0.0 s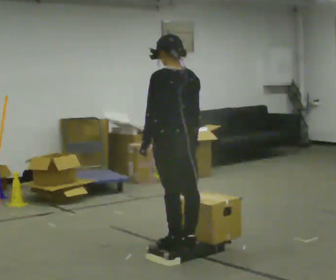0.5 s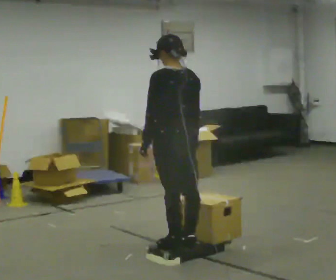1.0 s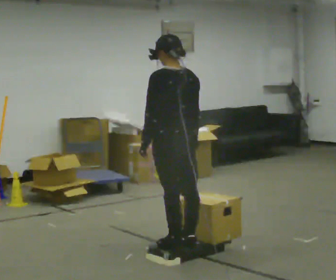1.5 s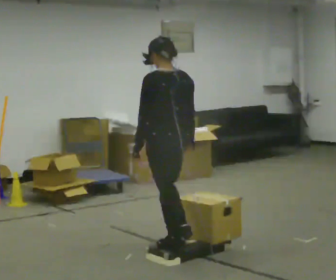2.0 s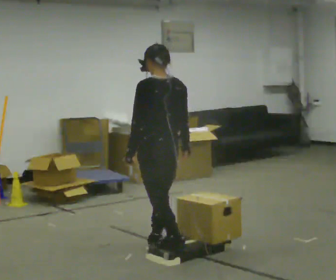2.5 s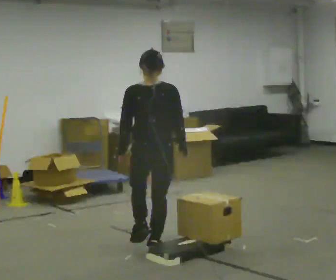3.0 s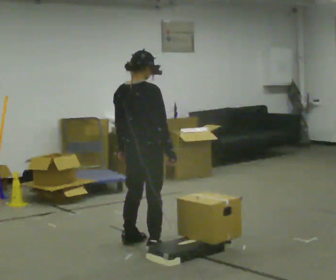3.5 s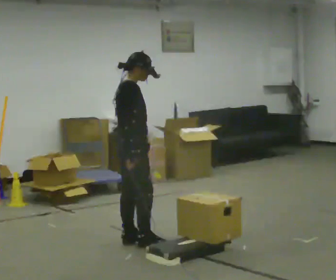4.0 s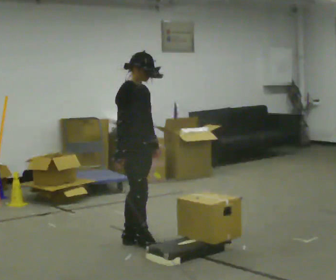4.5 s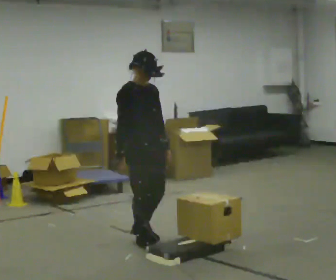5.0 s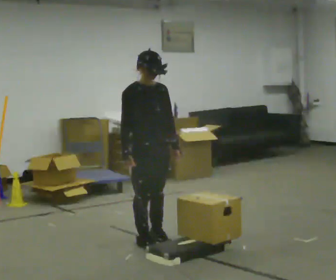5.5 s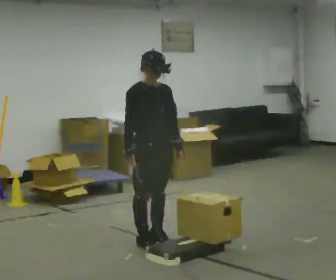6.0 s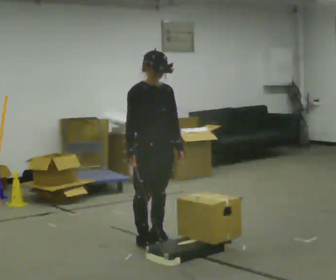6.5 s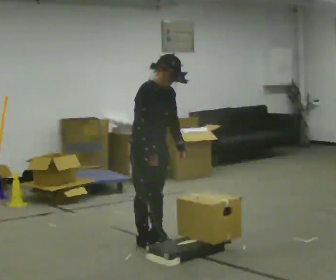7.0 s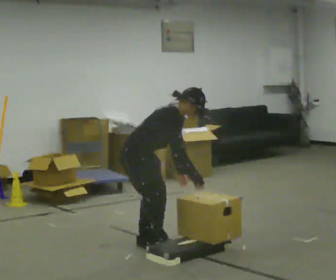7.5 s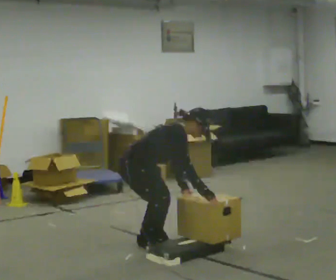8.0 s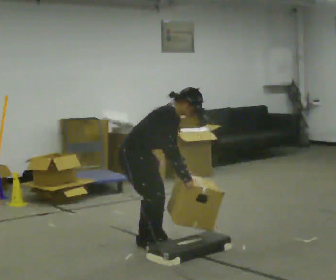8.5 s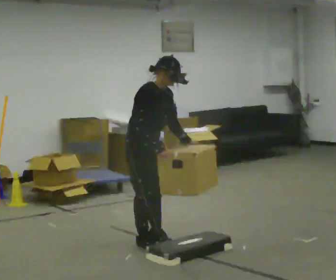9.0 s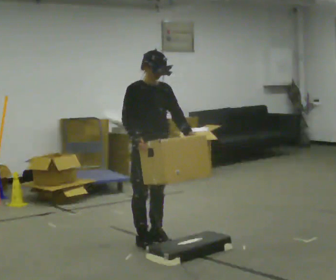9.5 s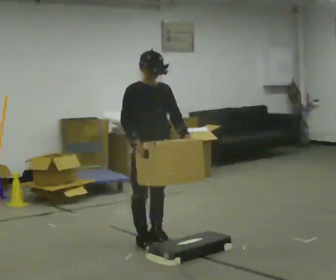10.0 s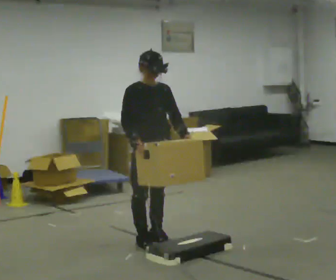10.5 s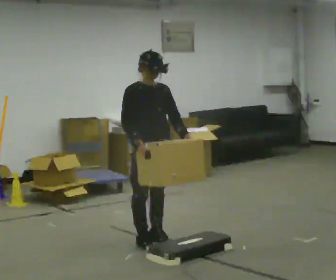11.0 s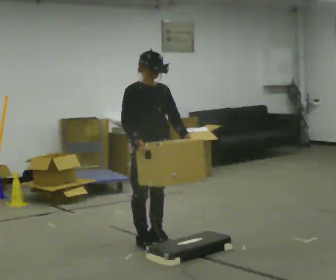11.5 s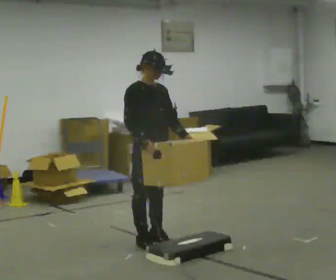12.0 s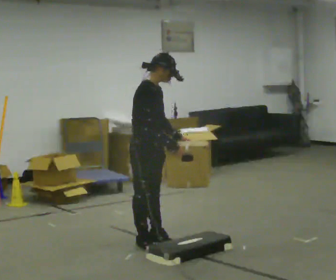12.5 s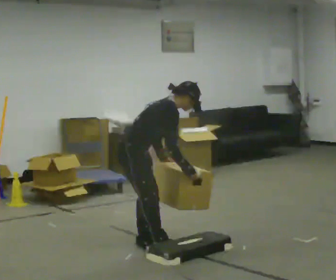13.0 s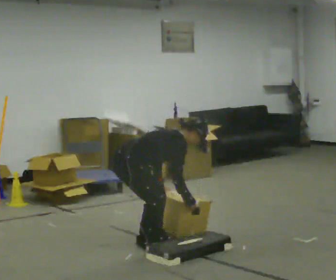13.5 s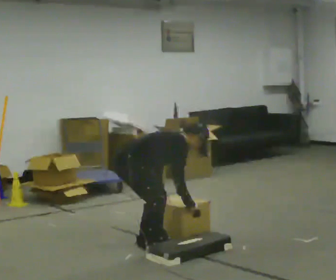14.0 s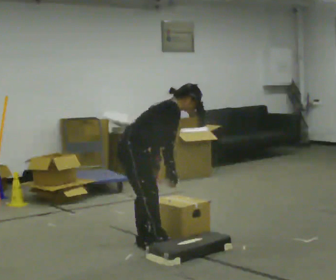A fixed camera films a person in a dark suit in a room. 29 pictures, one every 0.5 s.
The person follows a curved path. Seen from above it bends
counterclockwise.
0.0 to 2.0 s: The person moves a little, or ends about where they began.
2.0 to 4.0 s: The part of the body nearest the lens slides to the left as the person turns to their right by about 135 degrees. In the picture they go away from the camera and to the left, about 0.5 m in 2 steps.
4.0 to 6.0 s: The part of the body nearest the lens slides to the left as the person turns to their right by about 30 degrees. In the picture they go to the right, about 0.25 m in 1 step, which for them is forward.
6.0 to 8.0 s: Seen from above the body turns counterclockwise, about 30 degrees: to their left, with its near side sliding to the right. In the picture their right hand goes to the right.
8.0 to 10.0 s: The part of the body nearest the lens slides to the left as the person turns to their right by about 30 degrees. The upper body goes upward. In the picture the upper body tilts counterclockwise, shoulders to the left, as they lean back or straighten.
10.0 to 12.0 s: The part of the body nearest the lens slides to the right as the person turns to their left by about 45 degrees.
12.0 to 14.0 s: The person moves a little, or ends about where they began.
The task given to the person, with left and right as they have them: Carry the box up onto the platform, across it, and down the other side, then bring it back. Keep going until the operator says stop; one object at a time, and do not rush between trips.
The film runs forward here.
